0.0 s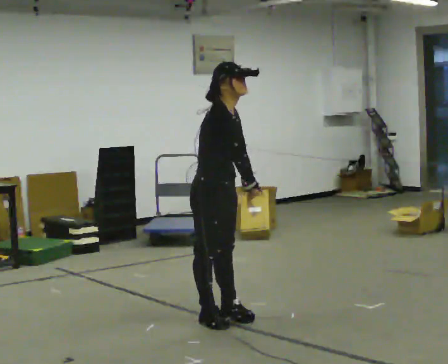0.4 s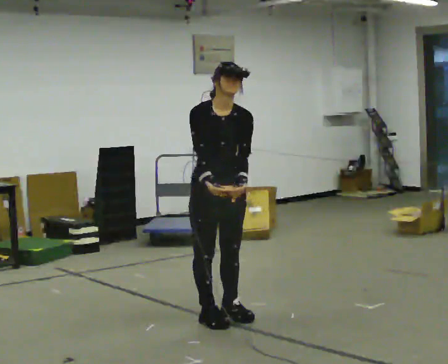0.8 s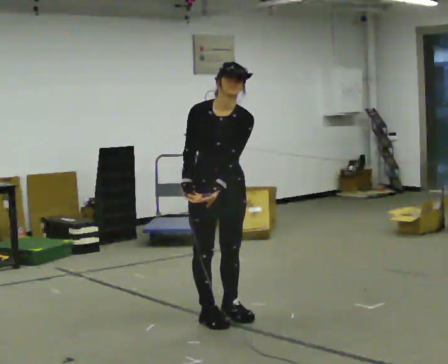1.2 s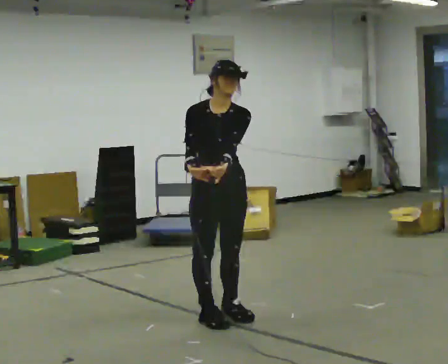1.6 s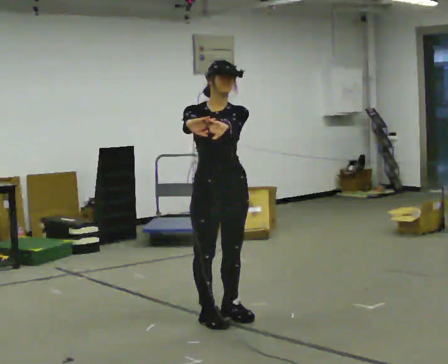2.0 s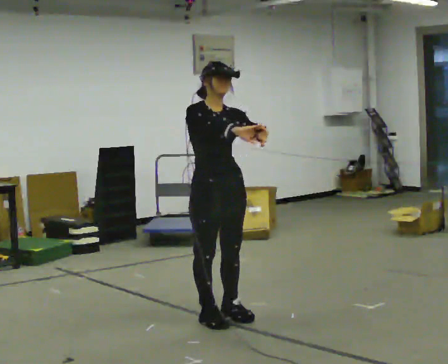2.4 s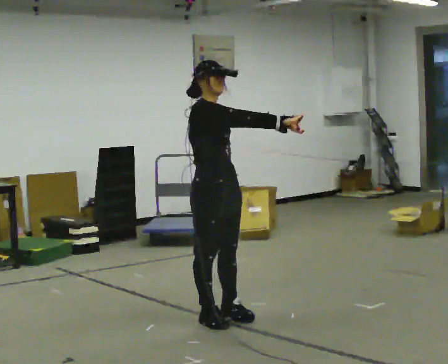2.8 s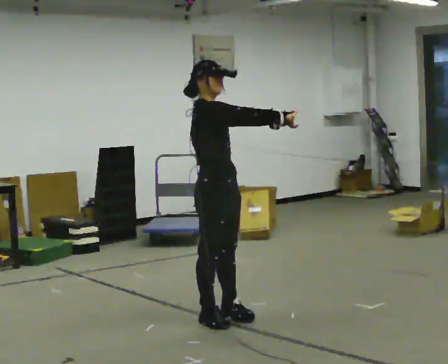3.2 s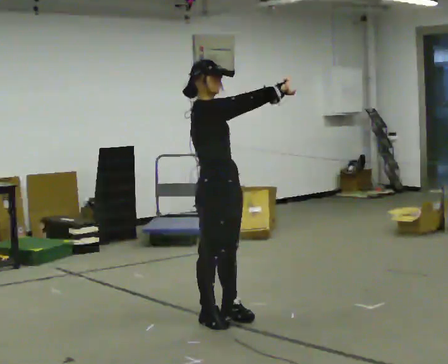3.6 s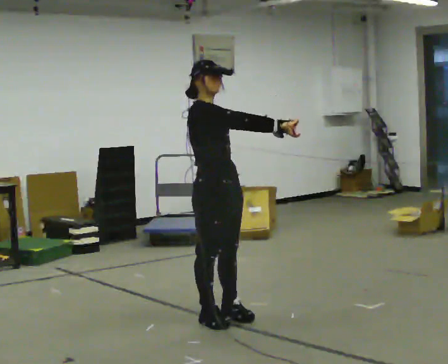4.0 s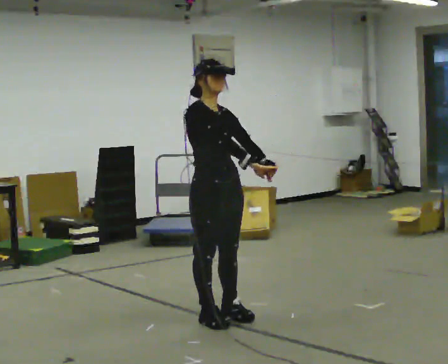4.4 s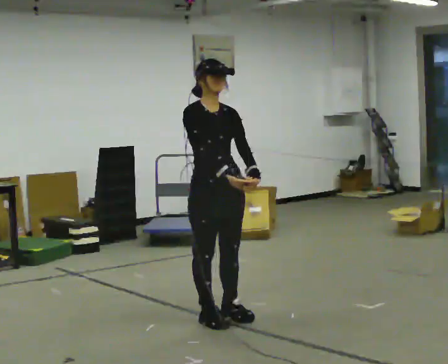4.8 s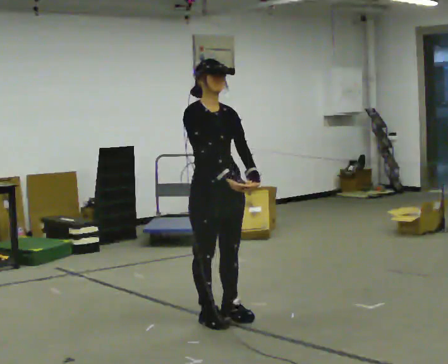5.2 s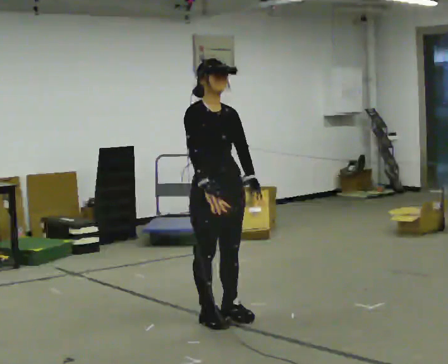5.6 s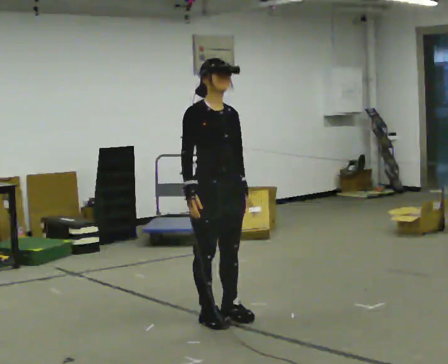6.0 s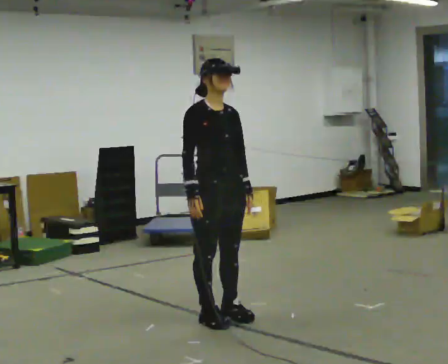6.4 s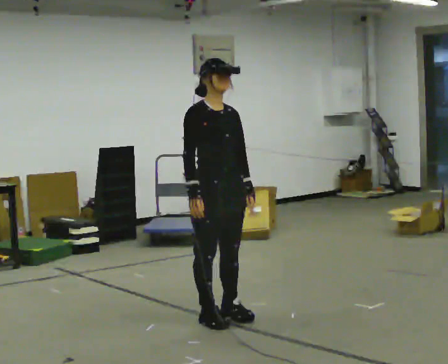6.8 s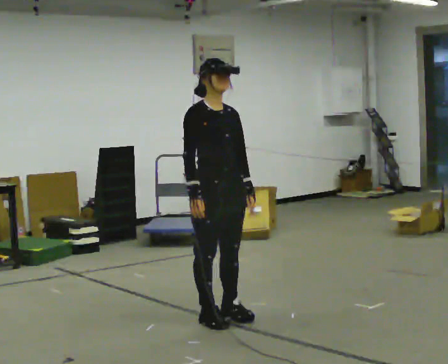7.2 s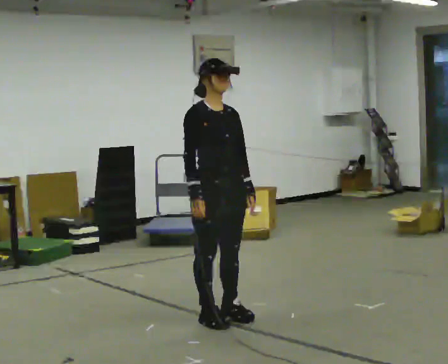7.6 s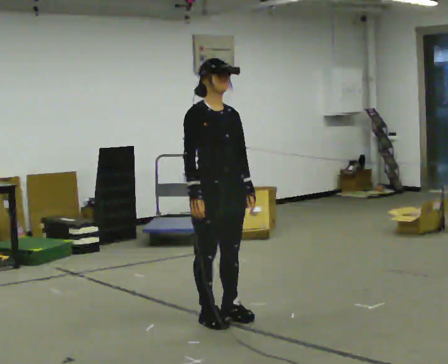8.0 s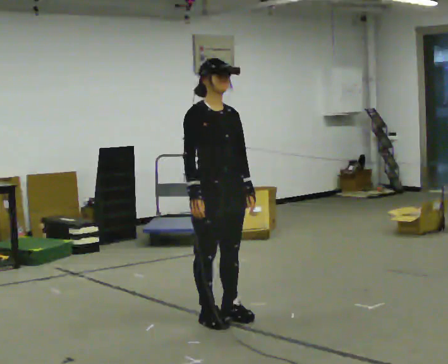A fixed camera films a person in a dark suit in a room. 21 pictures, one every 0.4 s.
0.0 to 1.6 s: The person turns about 45 degrees to their right, clockwise seen from above, so the part of the body nearest the lens slides to the left. The upper body tips away from the camera, its near side rolling upward, as they lean back or straighten. In the picture their left hand goes upward.
1.6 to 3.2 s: The part of the body nearest the lens slides to the right as the person turns to their left by about 60 degrees. In the picture their left hand goes to the right.
3.2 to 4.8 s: The person turns about 30 degrees to their right, clockwise seen from above, so the part of the body nearest the lens slides to the left. In the picture their left hand goes downward, the arm swinging clockwise.
4.8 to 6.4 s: The person moves a little, or ends about where they began.
6.4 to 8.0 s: The person keeps their place and pose.
The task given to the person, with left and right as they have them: Reach as far as you comfortably can in each direction the operator calls: up, down, forward, each side, and behind. Hold each one briefly. Keep both feet on the marked spots for the whole take. If you have to step, stop and tell the operator.
The film runs forward here.
